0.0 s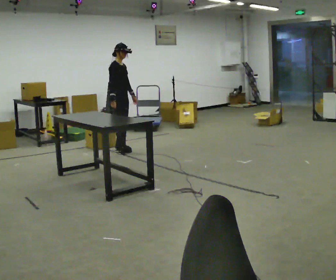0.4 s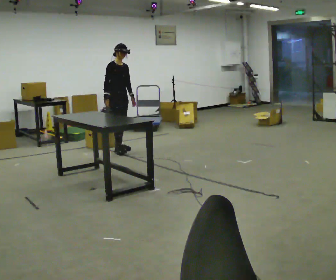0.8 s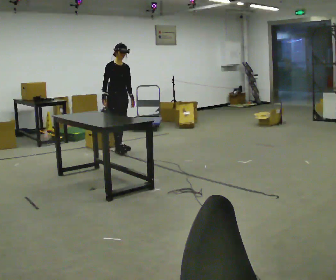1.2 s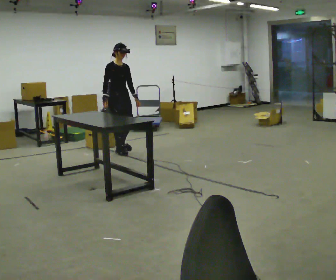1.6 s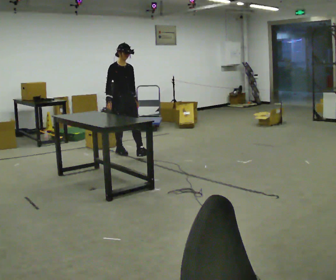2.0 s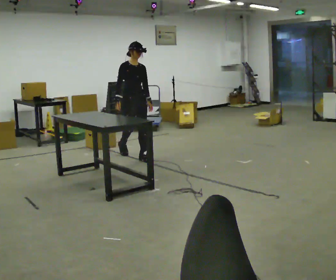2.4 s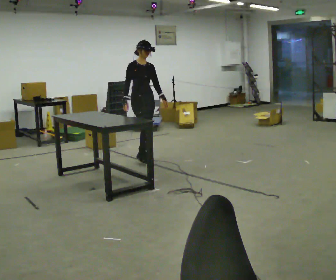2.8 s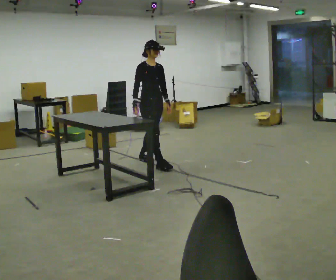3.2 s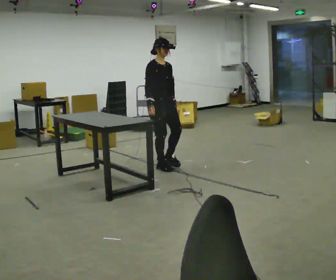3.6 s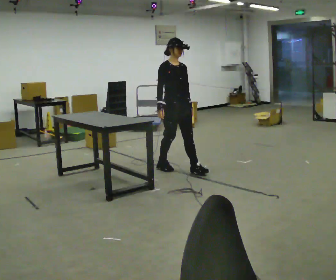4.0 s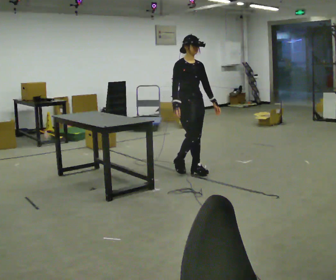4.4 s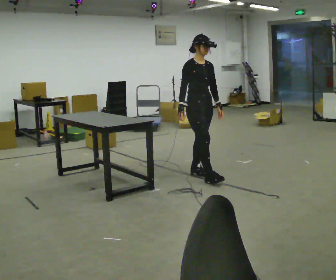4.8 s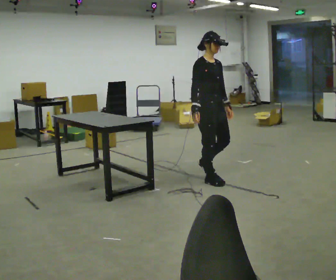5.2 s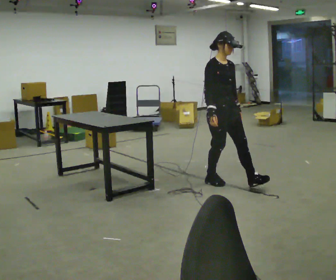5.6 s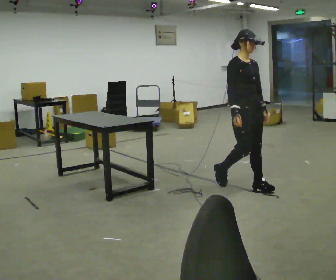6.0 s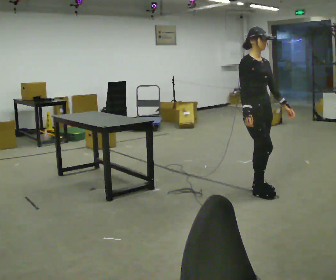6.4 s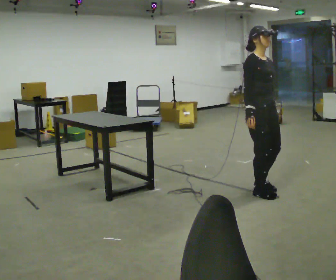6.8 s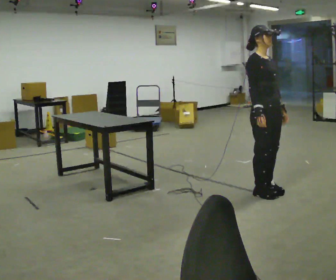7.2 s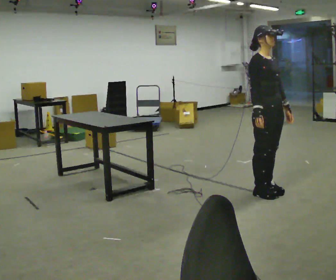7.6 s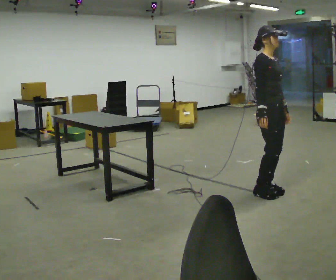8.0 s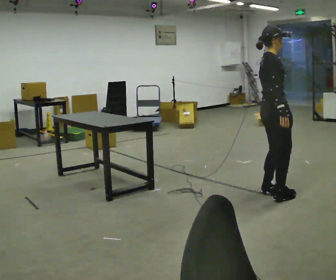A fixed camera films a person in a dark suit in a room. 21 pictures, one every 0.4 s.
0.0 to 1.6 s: The part of the body nearest the lens slides to the left as the person turns to their right by about 45 degrees. In the picture they go toward the camera, about 0.25 m, which for them is forward.
1.6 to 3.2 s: In the picture they go toward the camera and to the right, about 1 m in 2 steps, which for them is forward.
3.2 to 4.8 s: In the picture they go toward the camera and to the right, about 1 m in 2 steps, which for them is forward.
4.8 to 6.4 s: In the picture they go toward the camera and to the right, about 0.75 m in 2 steps, which for them is forward.
6.4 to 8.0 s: Seen from above the body turns counterclockwise, about 45 degrees: to their left, with its near side sliding to the right. In the picture their right hand goes to the right.
The film runs forward here.
